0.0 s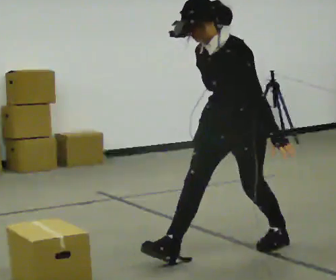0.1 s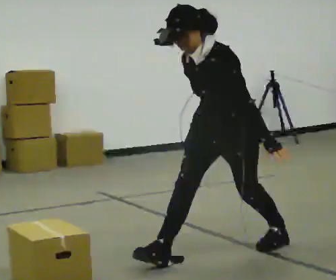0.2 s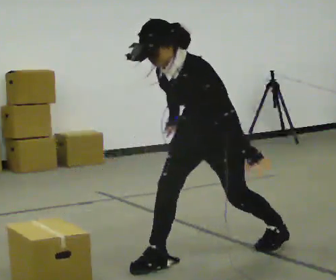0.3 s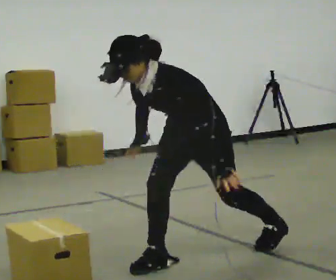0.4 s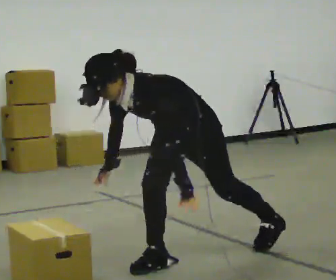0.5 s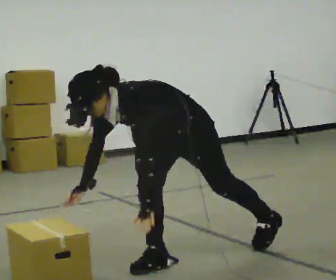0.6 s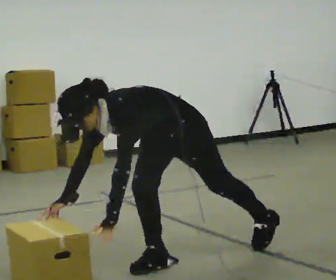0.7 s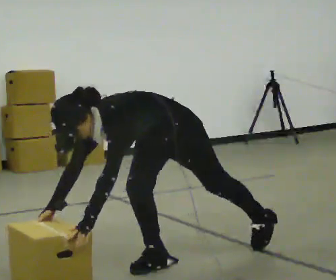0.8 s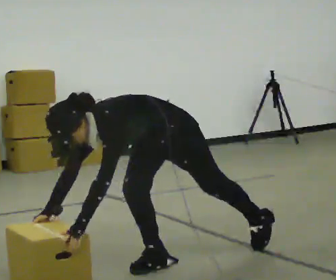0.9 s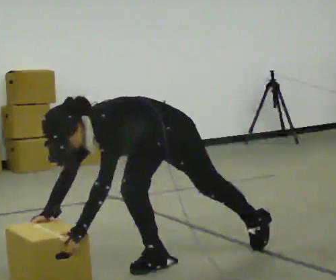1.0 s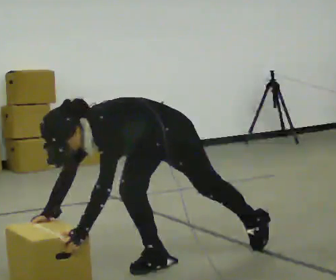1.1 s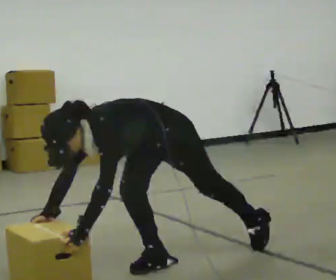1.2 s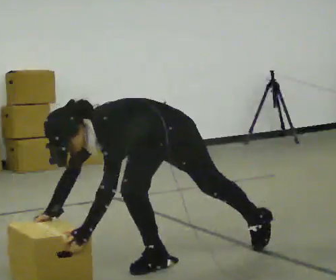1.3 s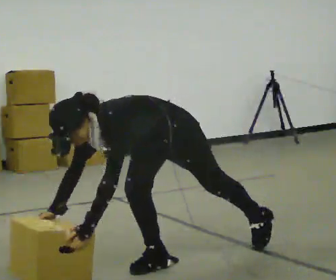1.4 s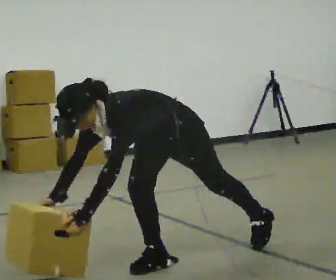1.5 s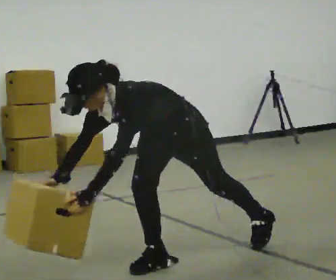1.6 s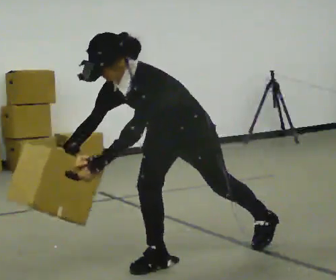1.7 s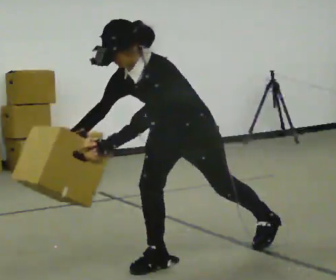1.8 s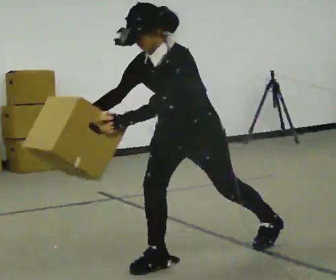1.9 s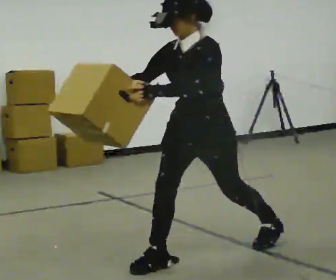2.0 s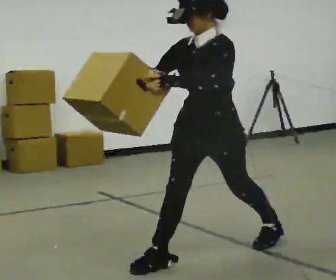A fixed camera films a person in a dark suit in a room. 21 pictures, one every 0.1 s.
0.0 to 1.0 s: In the picture they go to the left and toward the camera, about 0.5 m in 1 step, which for them is forward. The upper body goes downward. In the picture the upper body tilts counterclockwise, shoulders to the left, as they bend forward. In the picture their right hand goes downward.
1.0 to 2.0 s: In the picture they go to the right and away from the camera, about 0.25 m, which for them is backward. The upper body goes upward. In the picture the upper body tilts clockwise, shoulders to the right, as they lean back or straighten. In the picture their left hand goes upward.
The film runs backward here.
